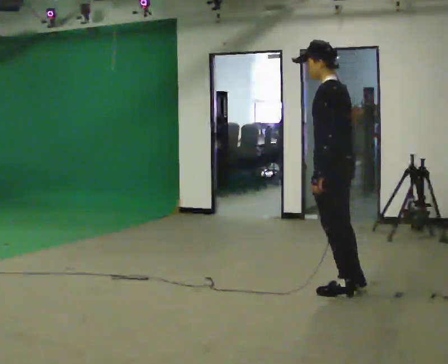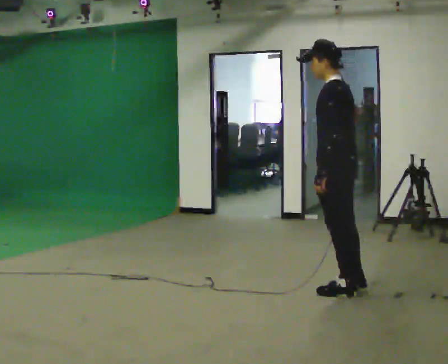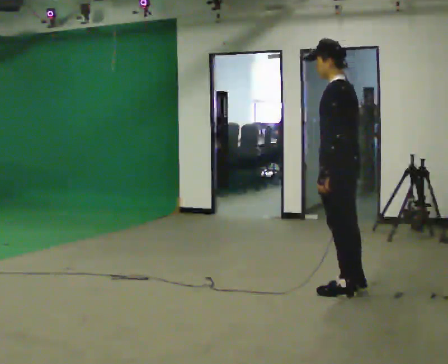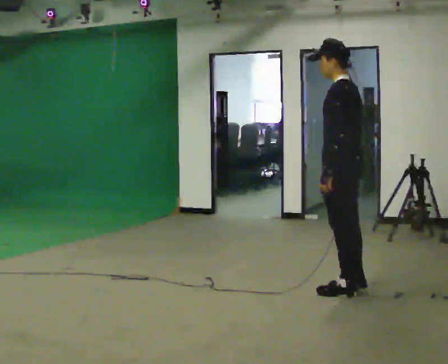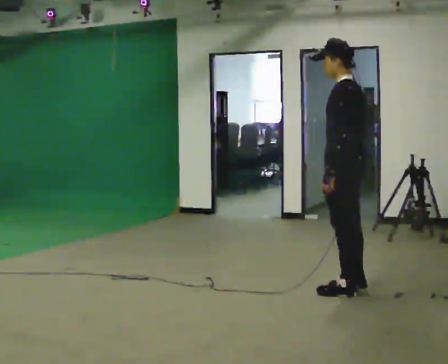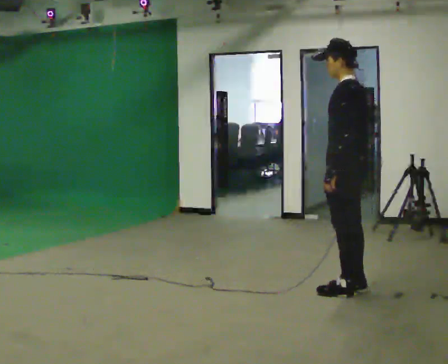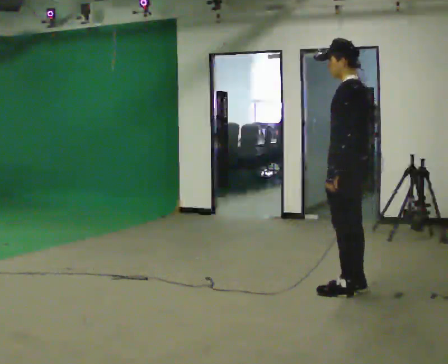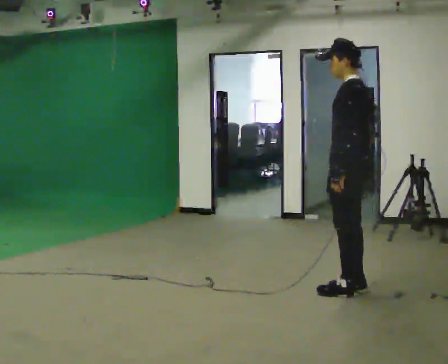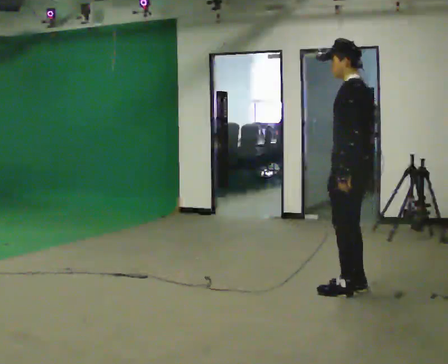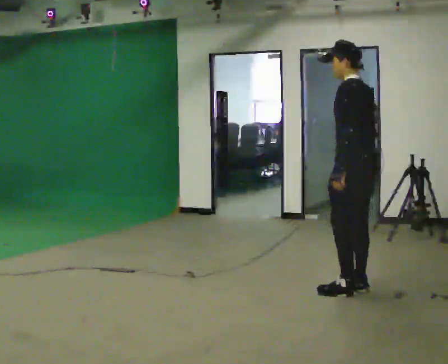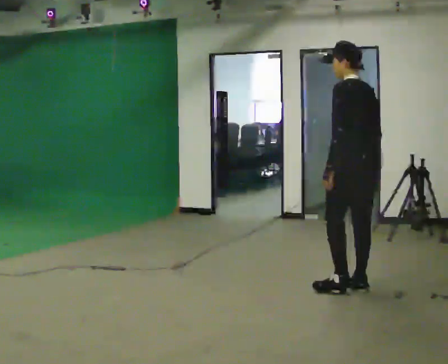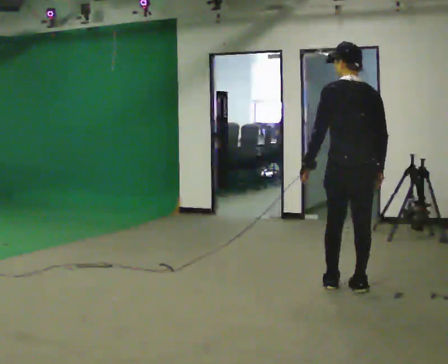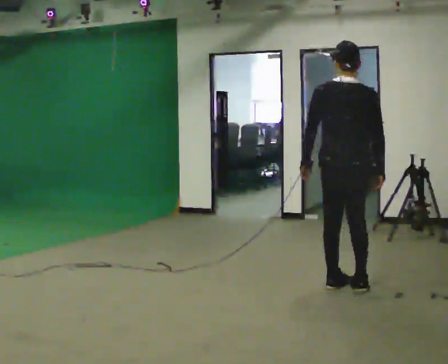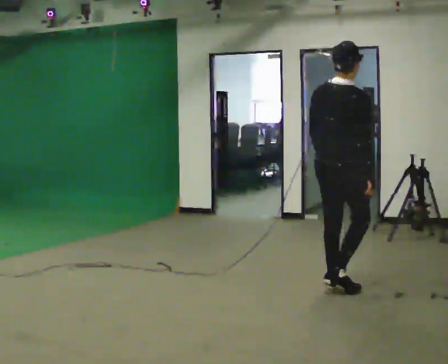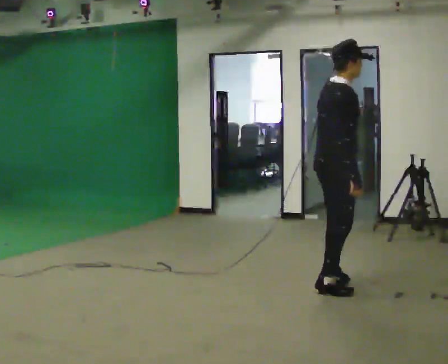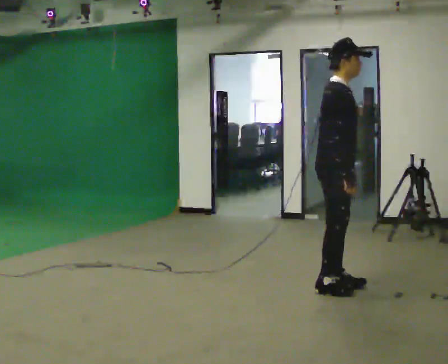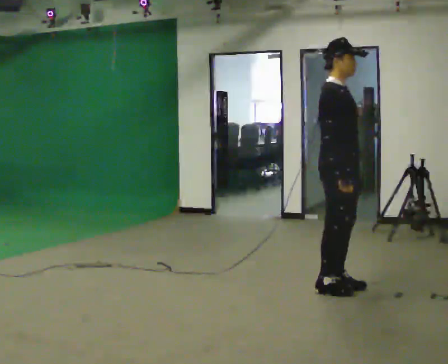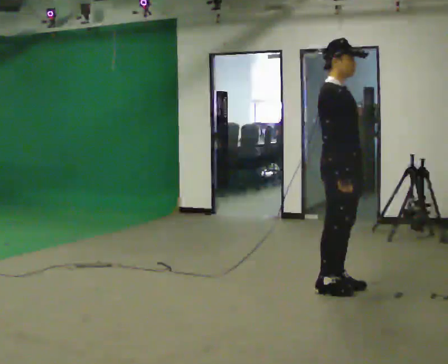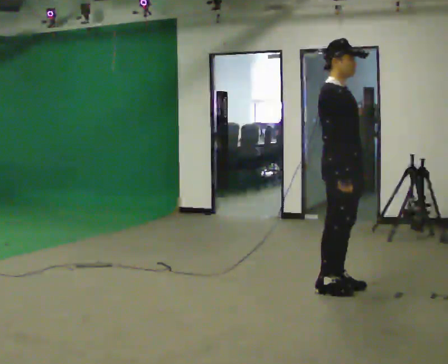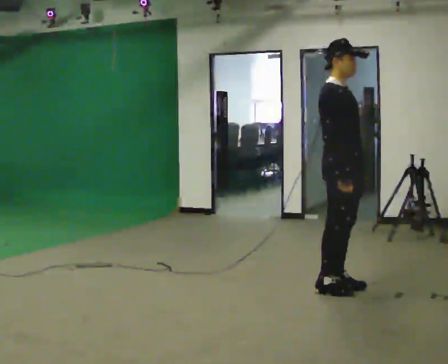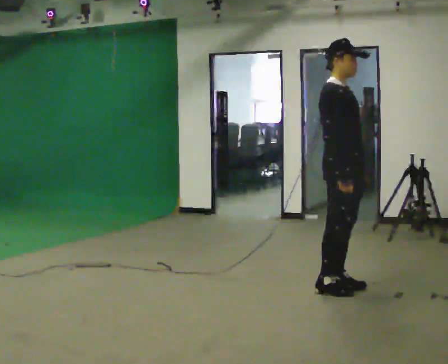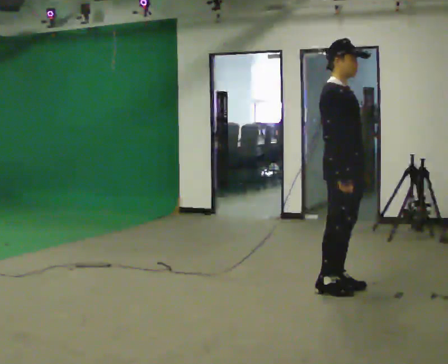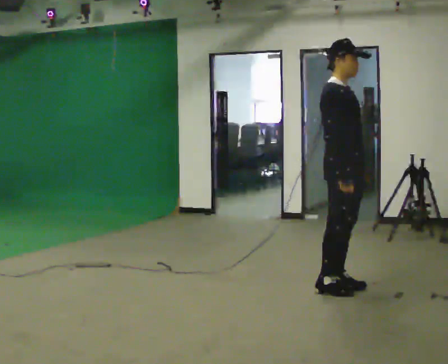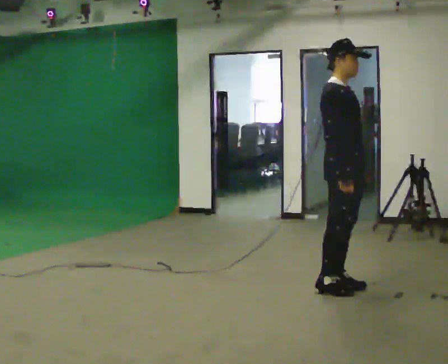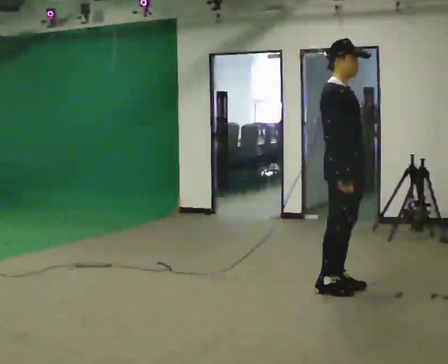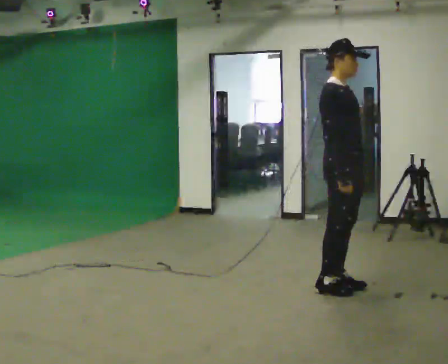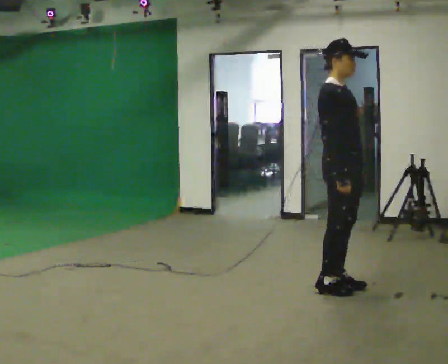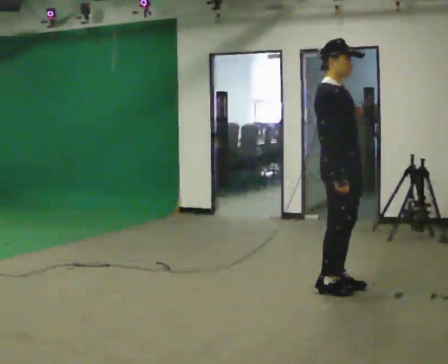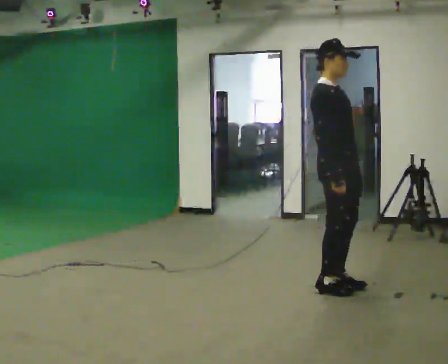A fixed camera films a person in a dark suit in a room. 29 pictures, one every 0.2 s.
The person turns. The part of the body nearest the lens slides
to the left.
The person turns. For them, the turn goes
to their right.
0.0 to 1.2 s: The person moves a little, or ends about where they began.
1.2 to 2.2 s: Seen from above the body turns clockwise, about 45 degrees: to their right, with its near side sliding to the left.
2.2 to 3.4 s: The person turns about 135 degrees to their right, clockwise seen from above, so the part of the body nearest the lens slides to the left. In the picture their left hand goes to the right, the arm swinging counterclockwise.
3.4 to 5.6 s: The person moves a little, or ends about where they began.
The film runs backward here.
